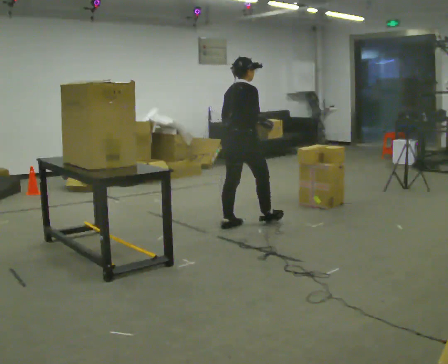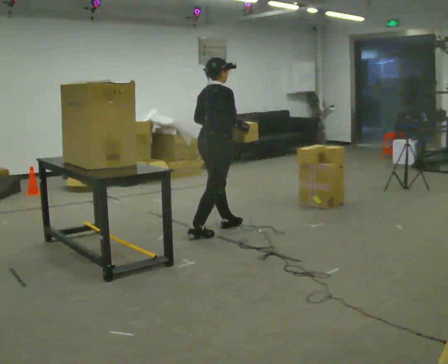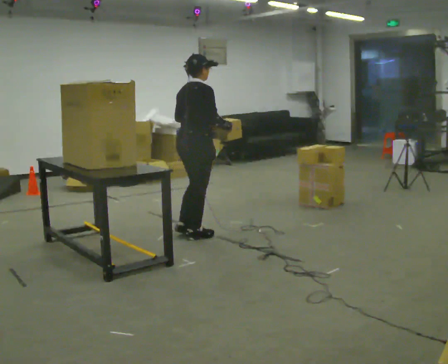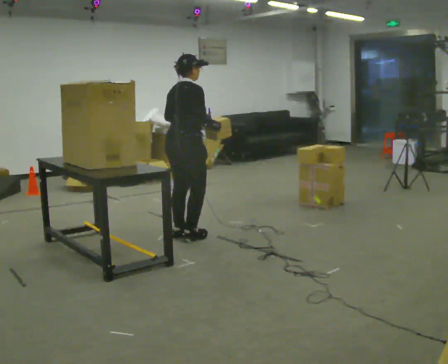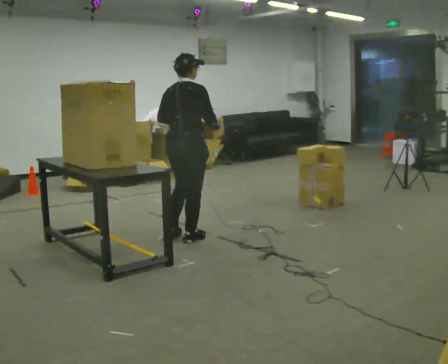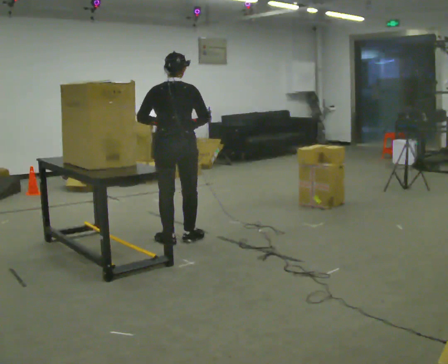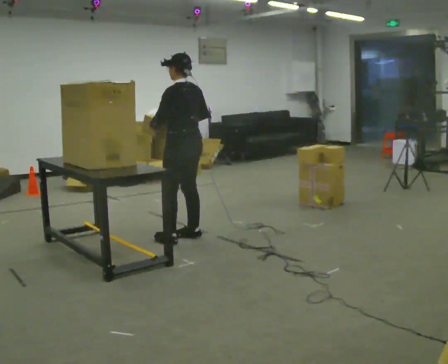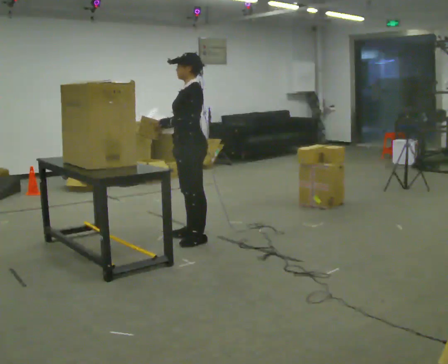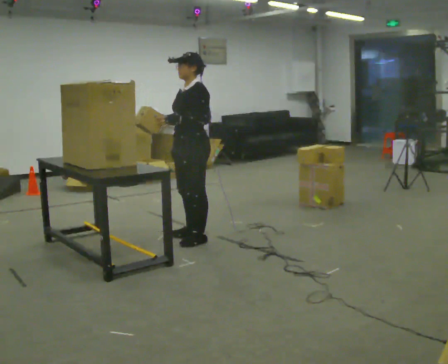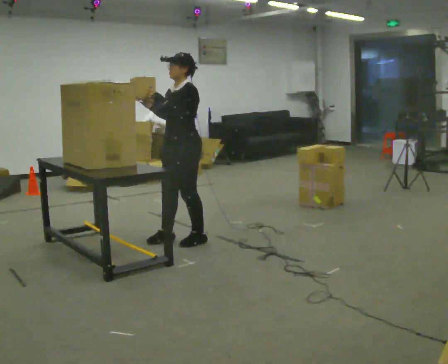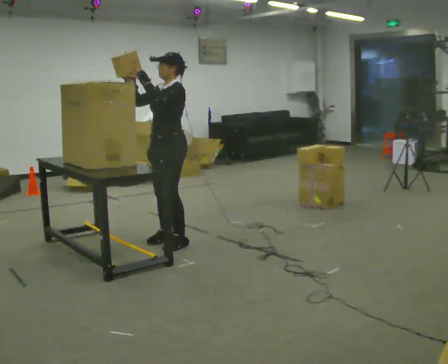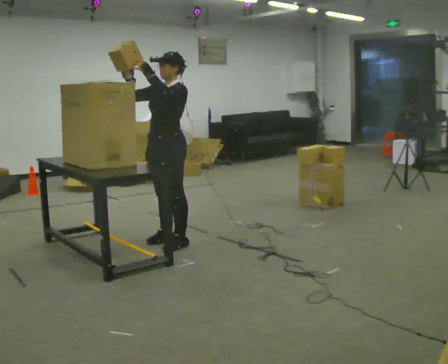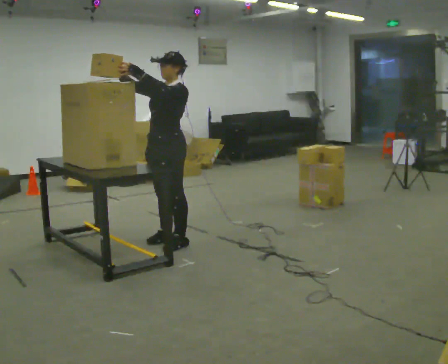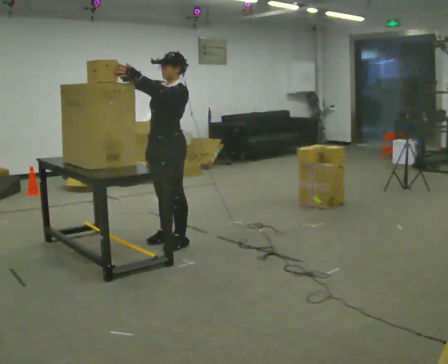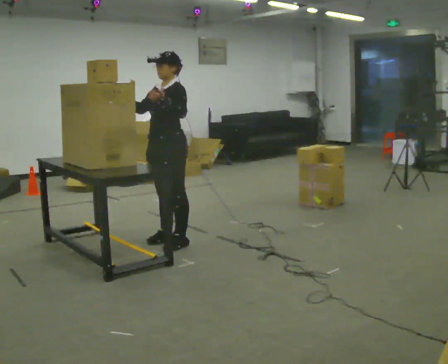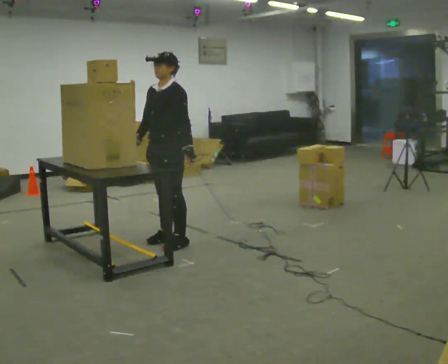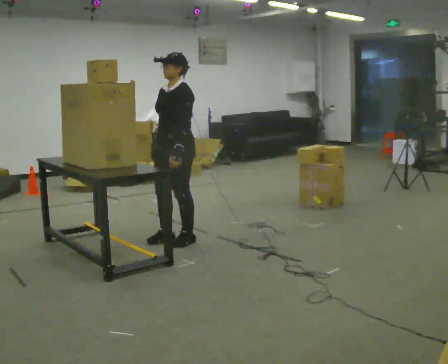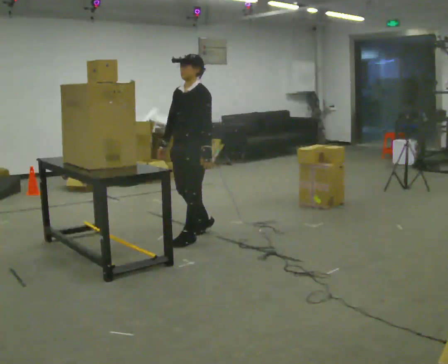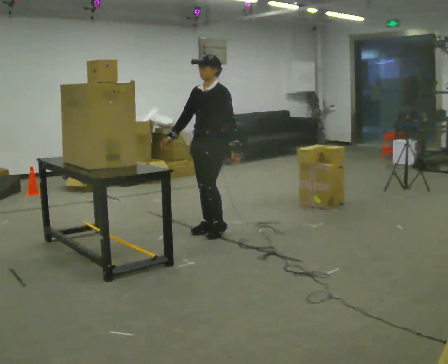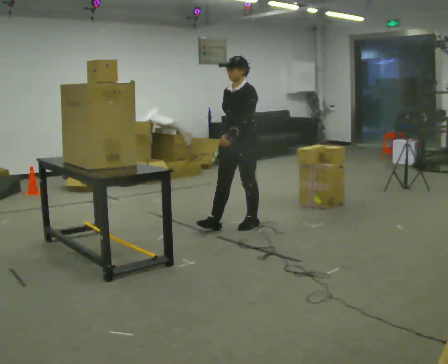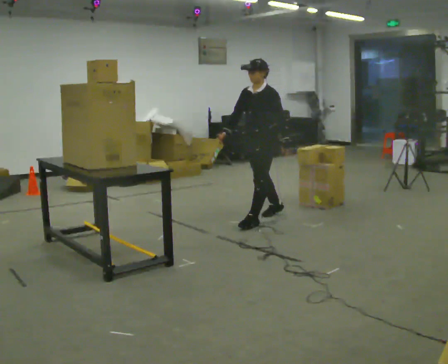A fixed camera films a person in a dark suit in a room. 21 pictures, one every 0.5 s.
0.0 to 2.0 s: In the picture they go to the left and toward the camera, about 0.75 m in 2 steps, which for them is backward.
2.0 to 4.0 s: The person turns about 150 degrees to their left, counterclockwise seen from above, so the part of the body nearest the lens slides to the right.
4.0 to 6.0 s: In the picture they go to the left, about 0.25 m in 2 steps, which for them is forward. In the picture their right hand goes upward and to the left.
6.0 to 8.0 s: In the picture their right hand goes downward, the arm swinging counterclockwise.
8.0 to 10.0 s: In the picture they go to the right and away from the camera, about 1 m in 3 steps, which for them is backward.
The film runs backward here.
